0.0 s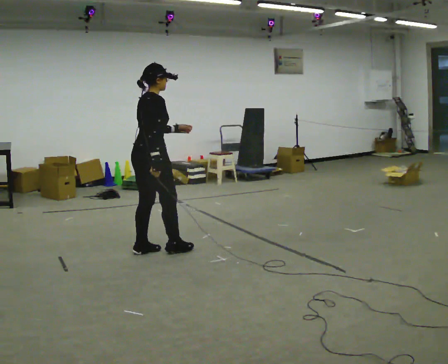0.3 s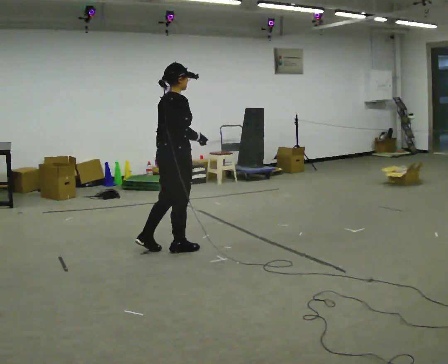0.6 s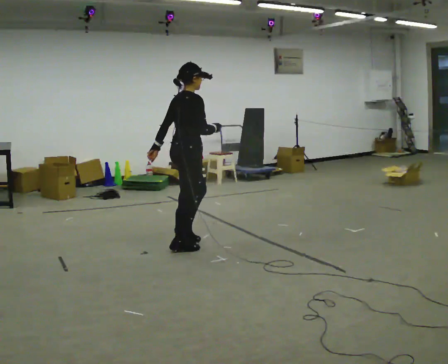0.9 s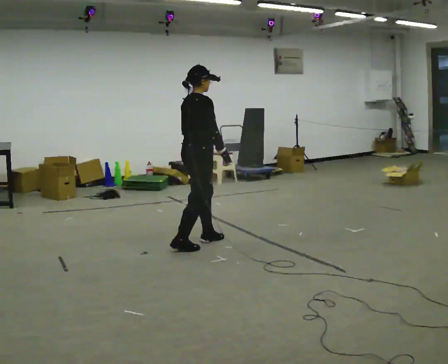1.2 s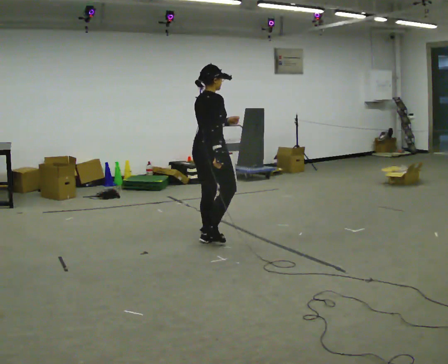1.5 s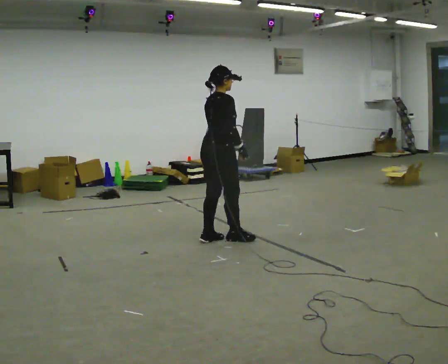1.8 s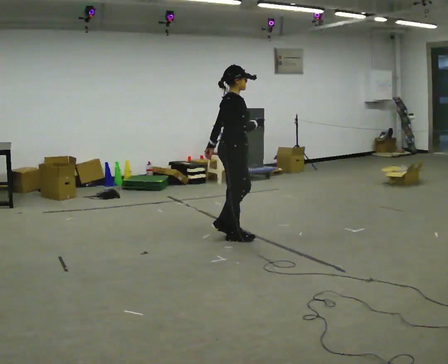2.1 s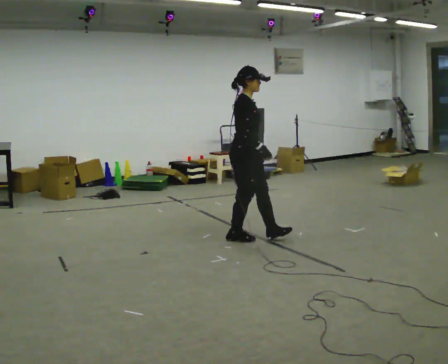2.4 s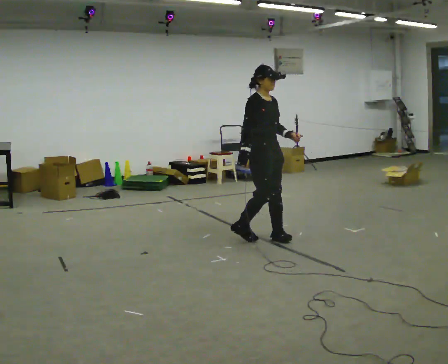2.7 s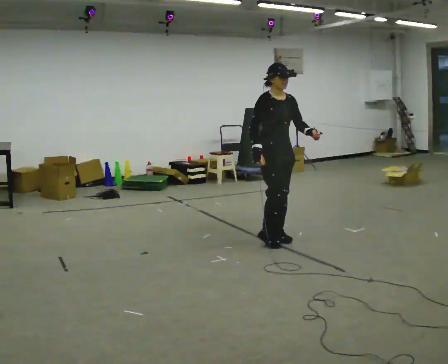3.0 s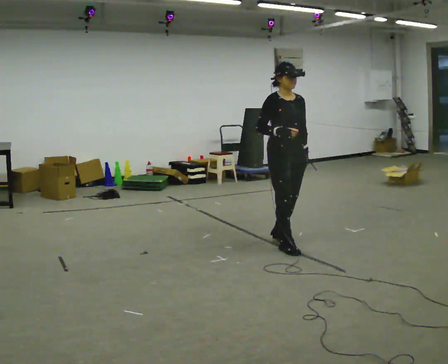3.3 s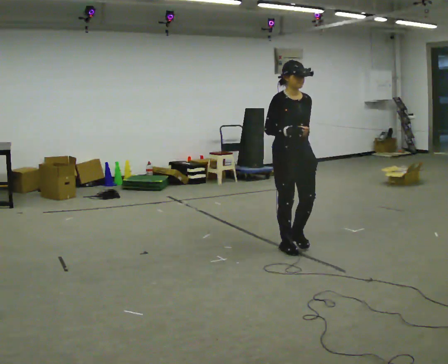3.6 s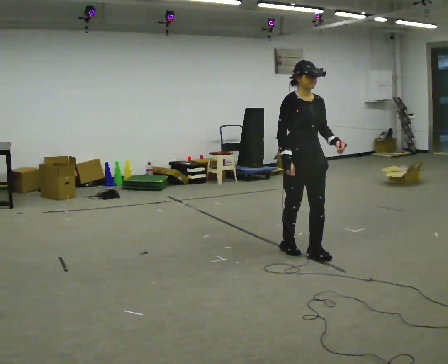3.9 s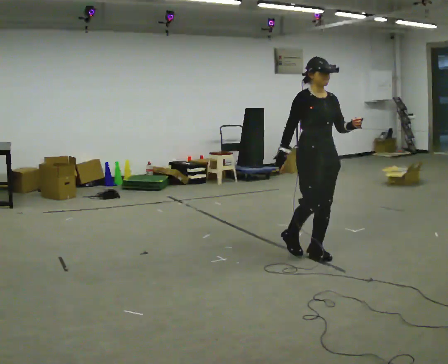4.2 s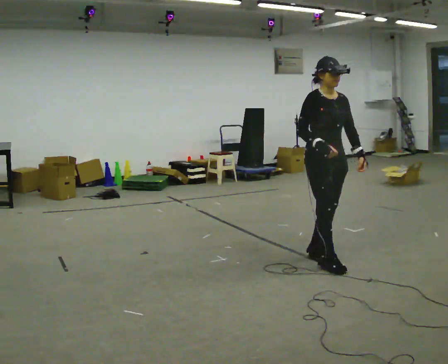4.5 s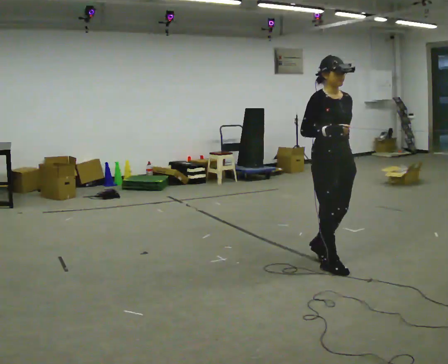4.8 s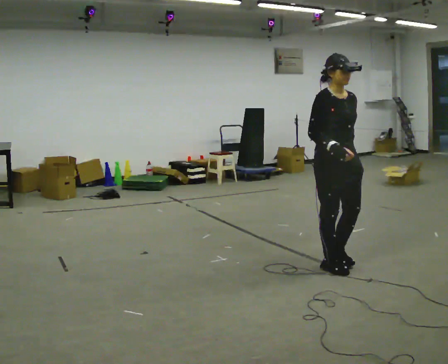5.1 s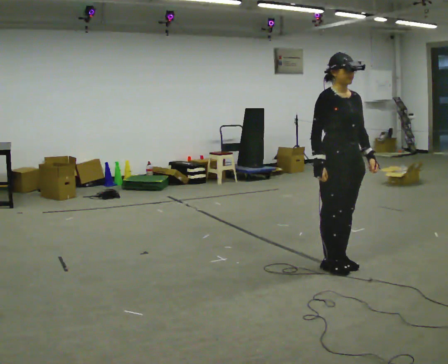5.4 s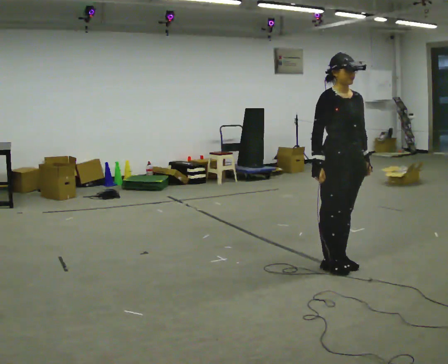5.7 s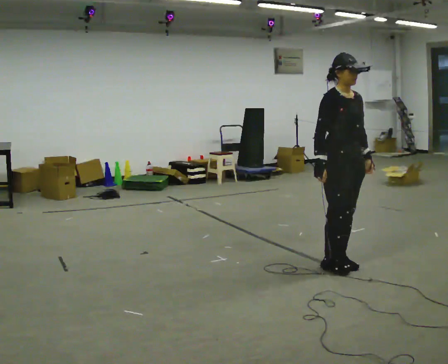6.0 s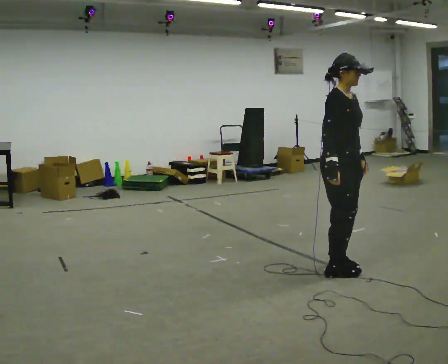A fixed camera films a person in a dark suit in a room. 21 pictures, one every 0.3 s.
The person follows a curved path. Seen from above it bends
clockwise.
The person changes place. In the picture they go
to the right.
0.0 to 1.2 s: In the picture they go to the right and away from the camera, about 0.5 m in 2 steps, which for them is forward.
1.2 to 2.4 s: Seen from above the body turns clockwise, about 60 degrees: to their right, with its near side sliding to the left. In the picture they go to the right, about 0.5 m in 2 steps.
2.4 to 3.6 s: The person turns about 30 degrees to their right, clockwise seen from above, so the part of the body nearest the lens slides to the left. In the picture they go toward the camera and to the right, about 0.5 m in 1 step, which for them is forward.
3.6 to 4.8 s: In the picture they go toward the camera and to the right, about 0.5 m in 2 steps, which for them is forward.
4.8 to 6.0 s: The person moves a little, or ends about where they began.
The film runs backward here.
